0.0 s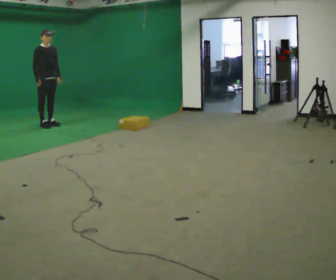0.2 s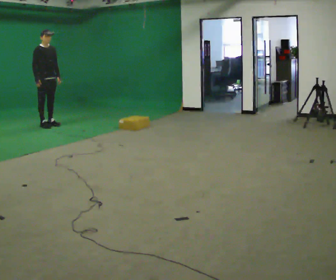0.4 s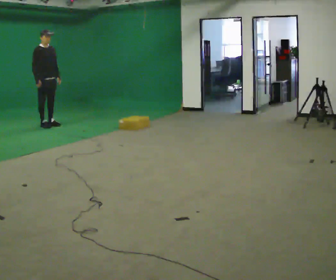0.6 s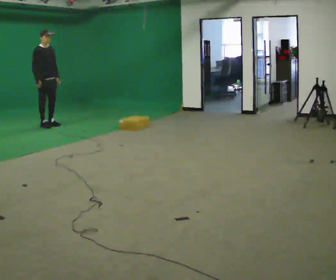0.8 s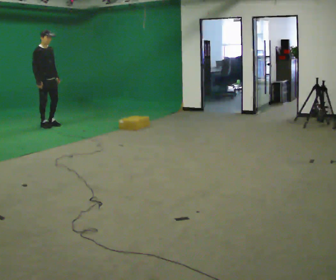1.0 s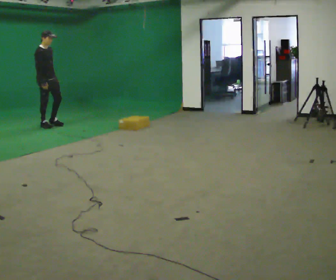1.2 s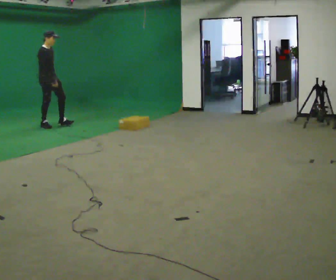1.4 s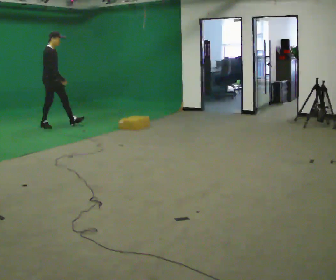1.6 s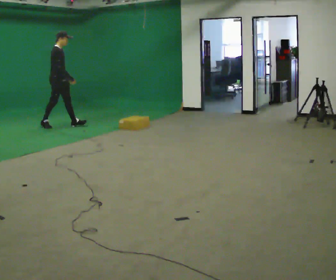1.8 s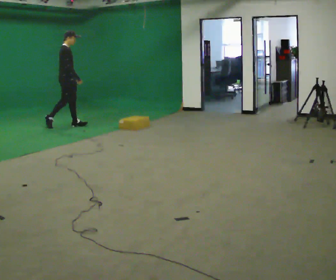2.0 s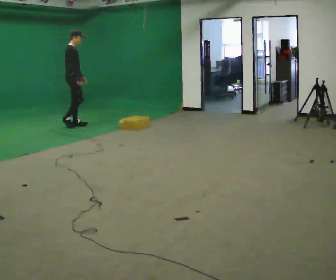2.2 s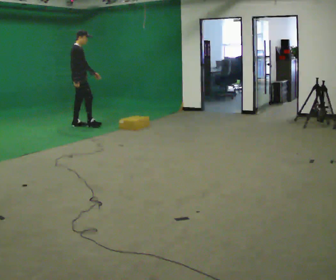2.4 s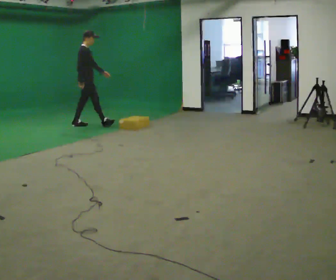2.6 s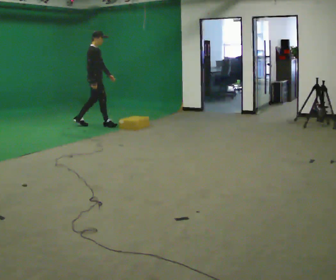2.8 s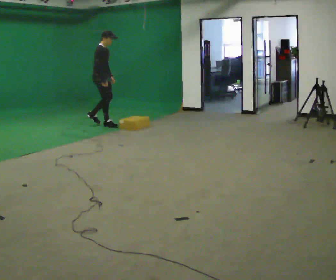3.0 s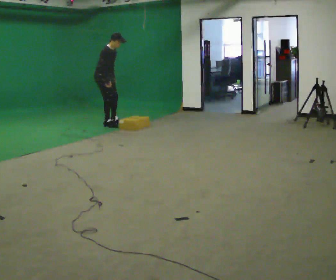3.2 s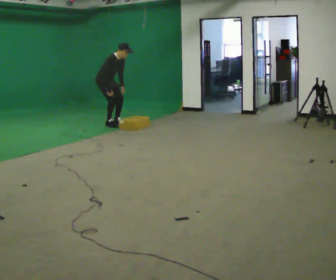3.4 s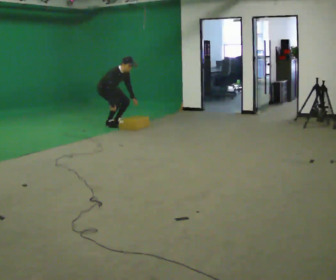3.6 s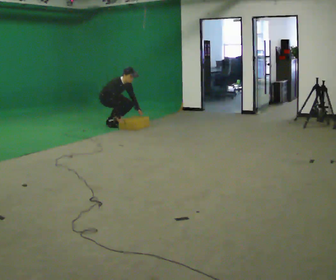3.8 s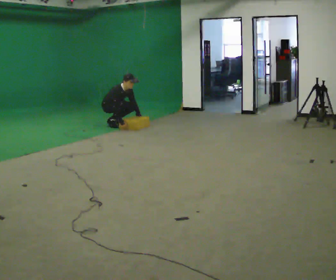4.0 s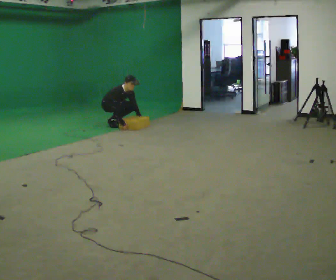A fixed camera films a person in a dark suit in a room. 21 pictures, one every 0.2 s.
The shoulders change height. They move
downward.
The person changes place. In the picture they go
to the right.
0.0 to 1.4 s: Seen from above the body turns counterclockwise, about 30 degrees: to their left, with its near side sliding to the right. In the picture their right hand goes to the right.
1.4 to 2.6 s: In the picture they go to the right, about 1 m in 2 steps, which for them is forward.
2.6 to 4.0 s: The person turns about 45 degrees to their right, clockwise seen from above, so the part of the body nearest the lens slides to the left. In the picture they go to the right, about 0.25 m in 1 step, which for them is to their left. The upper body goes downward. In the picture the upper body tilts clockwise, shoulders to the right, as they bend forward. In the picture their right hand goes downward.
The film runs forward here.
